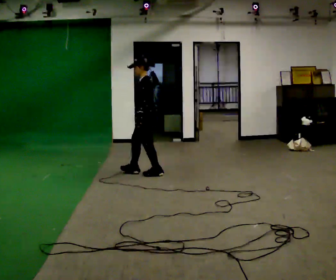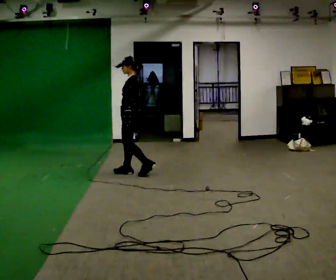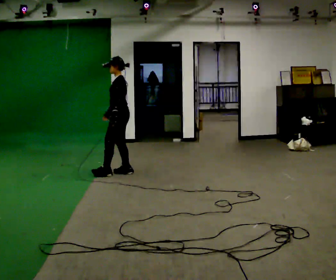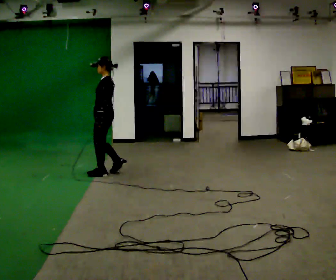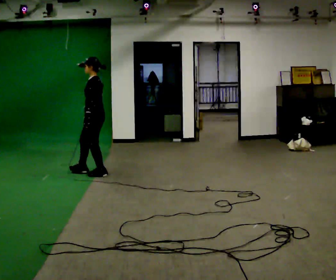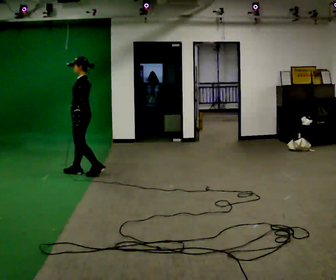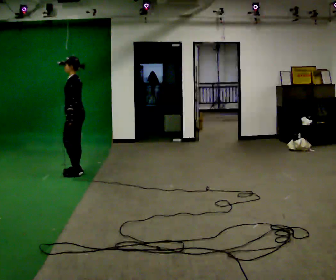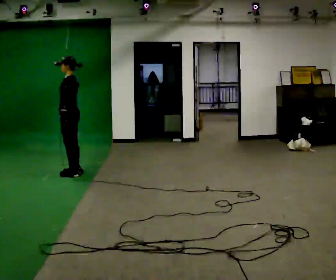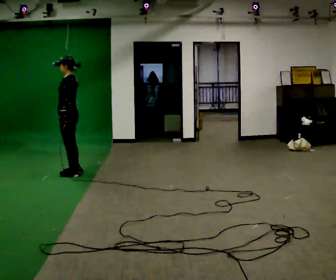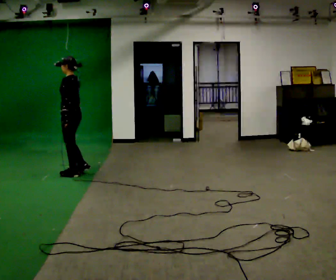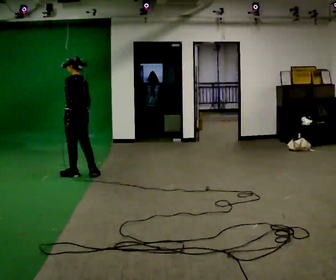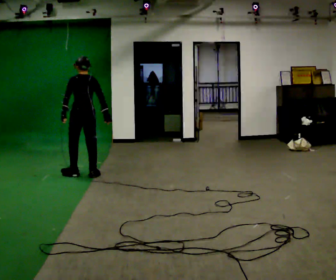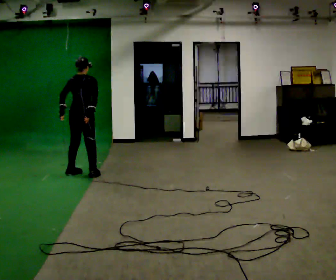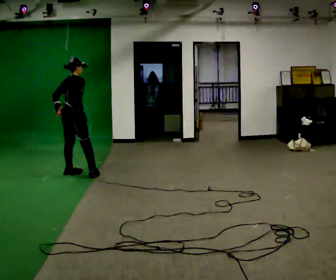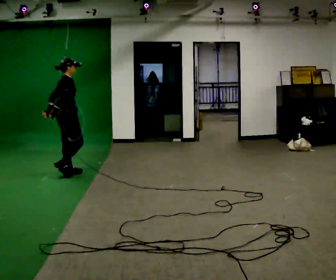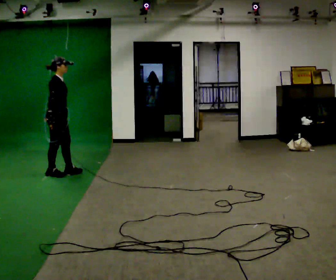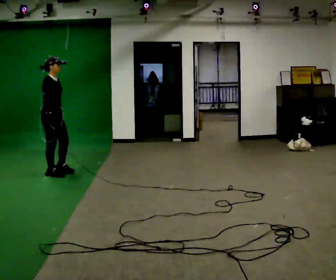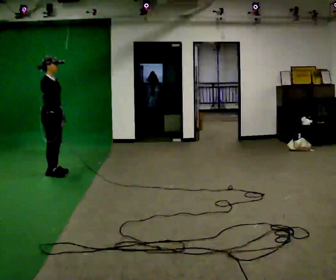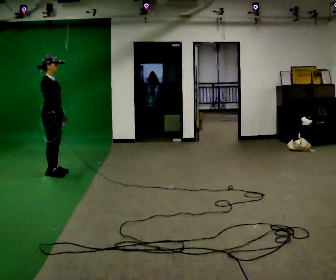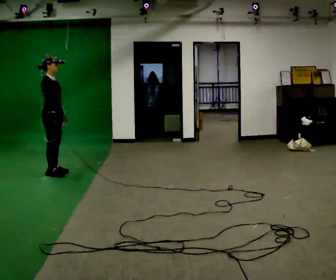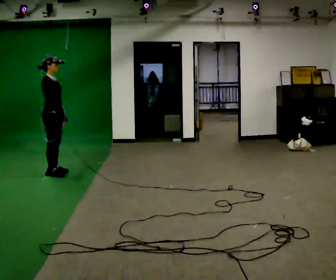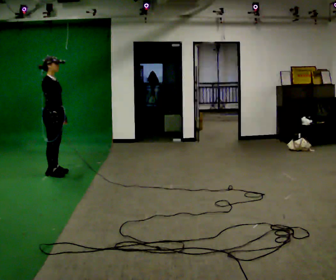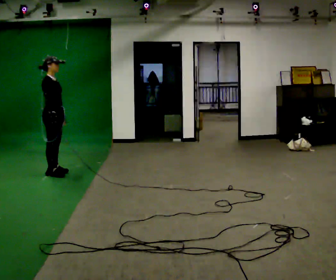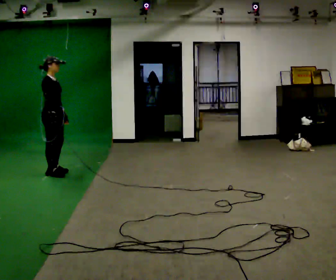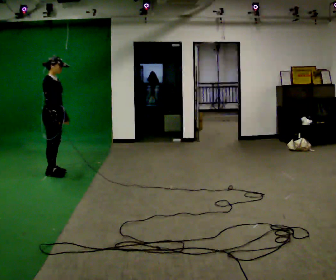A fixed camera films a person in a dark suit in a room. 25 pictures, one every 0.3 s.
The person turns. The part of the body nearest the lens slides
to the left.
The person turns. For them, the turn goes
to their right.
0.0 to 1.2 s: In the picture they go to the left, about 0.75 m in 2 steps, which for them is forward.
1.2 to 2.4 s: In the picture they go to the left, about 0.5 m in 1 step, which for them is forward.
2.4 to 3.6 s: Seen from above the body turns clockwise, about 90 degrees: to their right, with its near side sliding to the left. In the picture they go to the right, about 0.25 m in 1 step. In the picture their right hand goes to the right.
3.6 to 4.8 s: The person turns about 90 degrees to their right, clockwise seen from above, so the part of the body nearest the lens slides to the left. In the picture they go to the left, about 0.5 m in 2 steps.
4.8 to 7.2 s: The person moves a little, or ends about where they began.
The film runs backward here.
